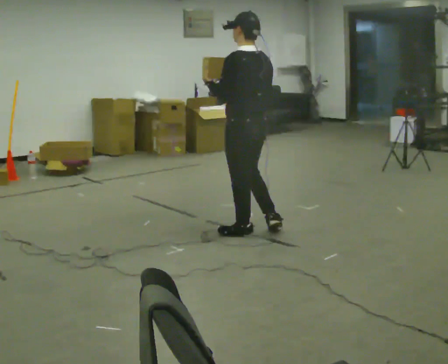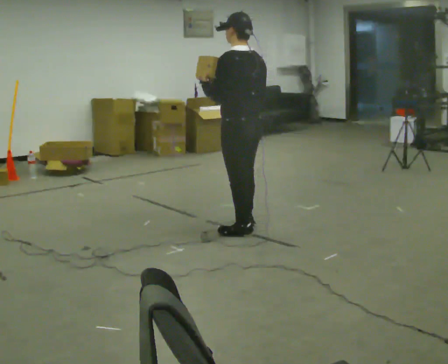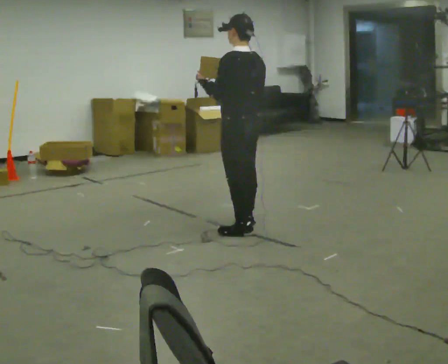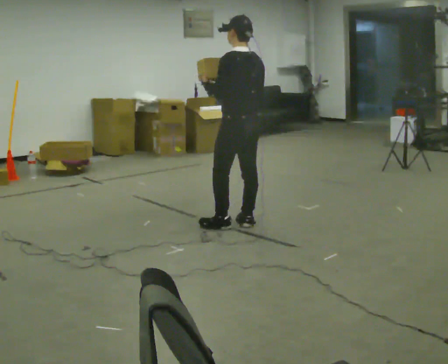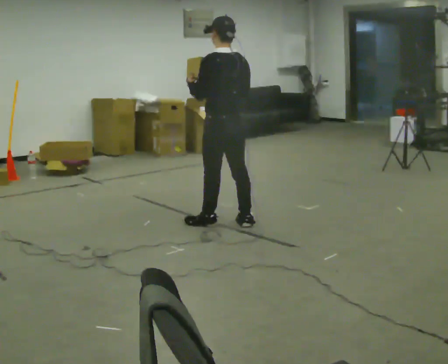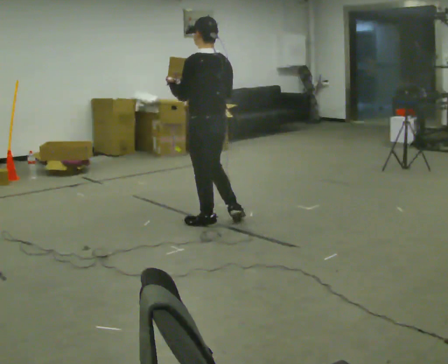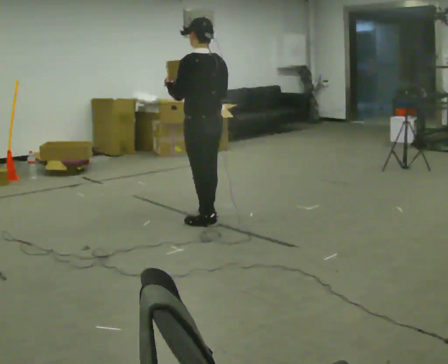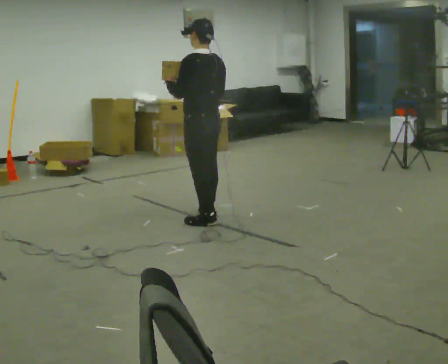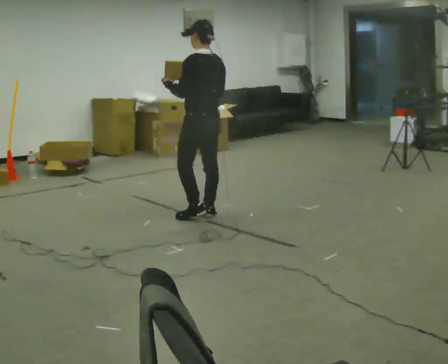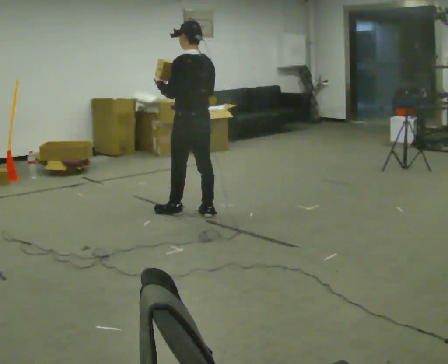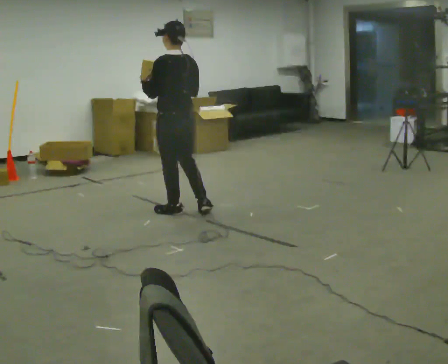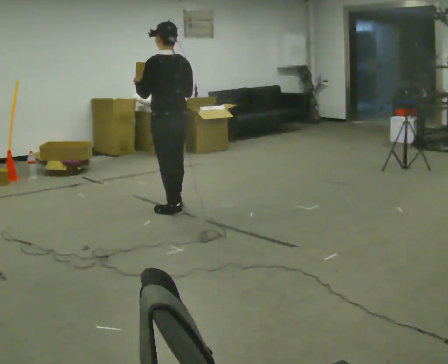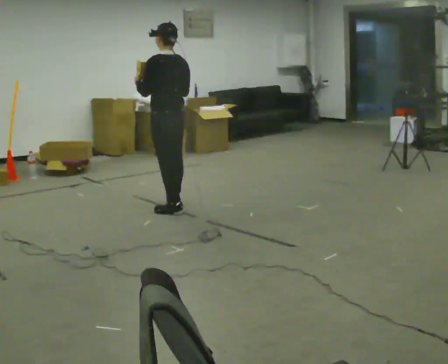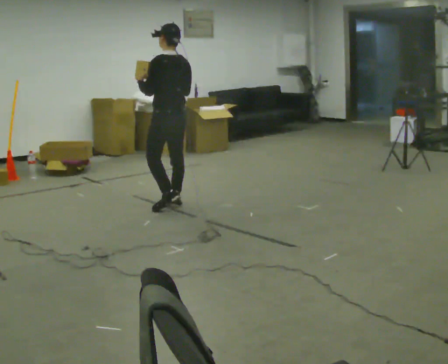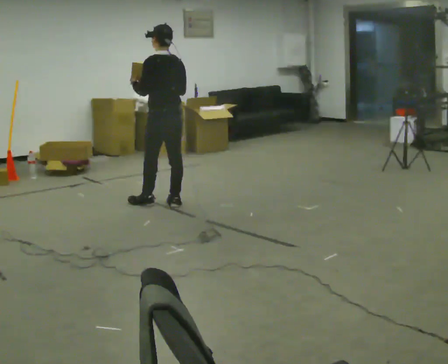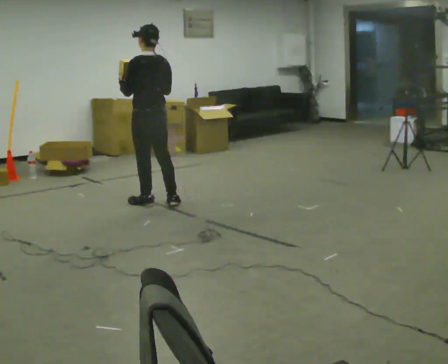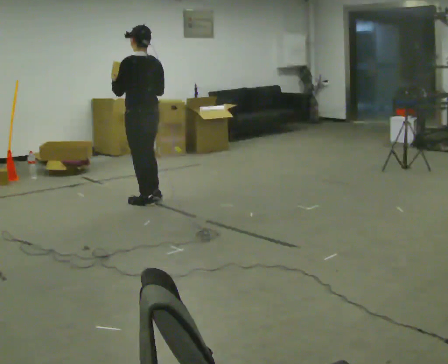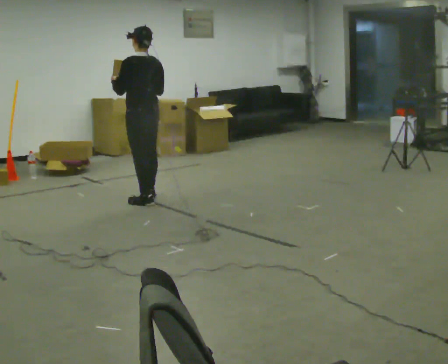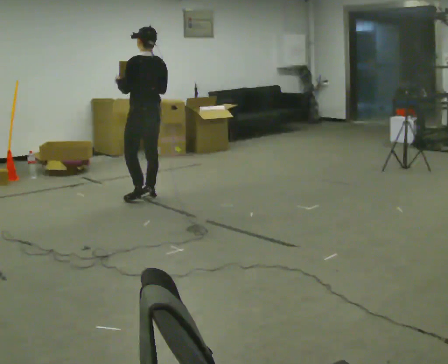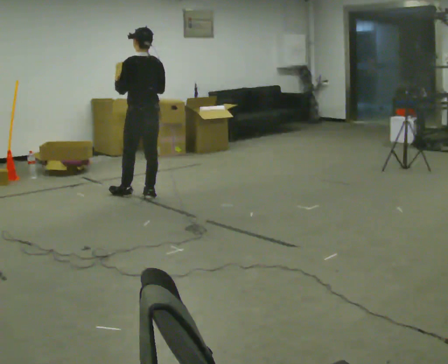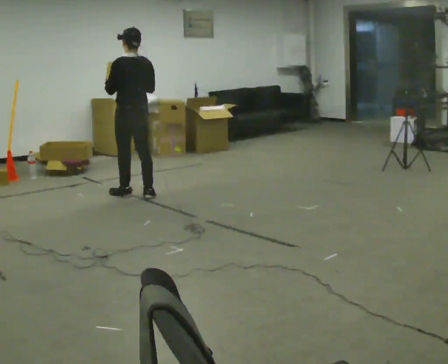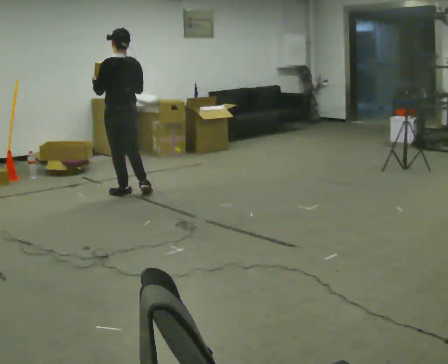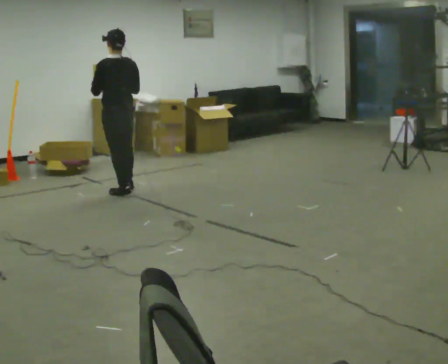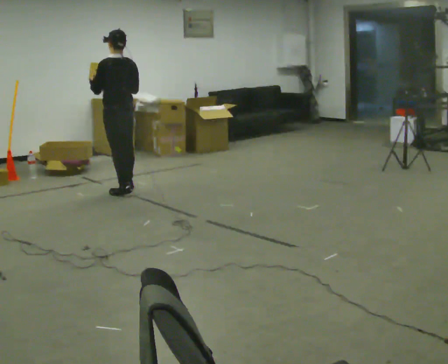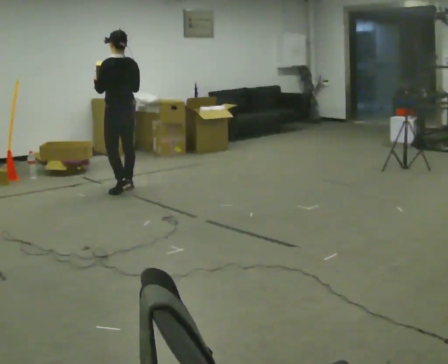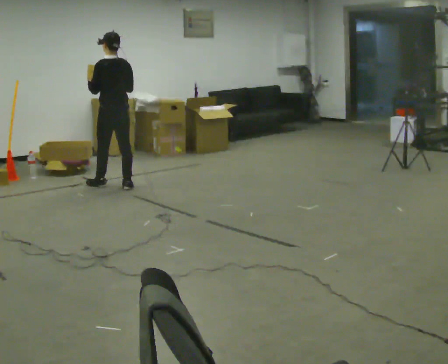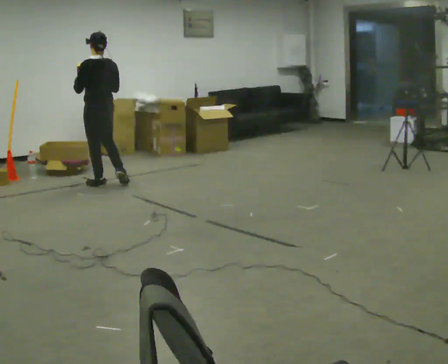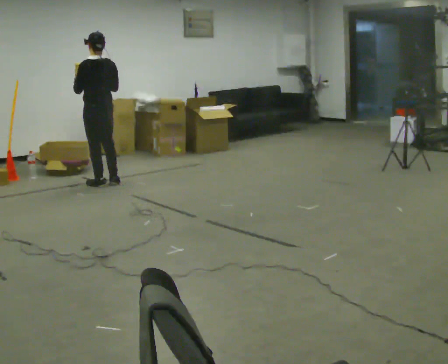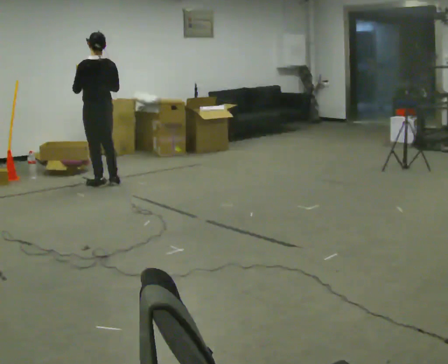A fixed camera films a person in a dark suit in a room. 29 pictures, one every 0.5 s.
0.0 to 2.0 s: In the picture they go away from the camera, about 0.25 m in 2 steps, which for them is forward.
2.0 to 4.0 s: In the picture they go away from the camera, about 0.25 m in 1 step, which for them is forward.
4.0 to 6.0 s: In the picture they go to the left and away from the camera, about 0.25 m in 2 steps, which for them is forward.
6.0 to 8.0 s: In the picture they go to the left and away from the camera, about 0.25 m in 1 step, which for them is forward.
8.0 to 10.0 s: In the picture they go away from the camera, about 0.25 m in 2 steps, which for them is forward.
10.0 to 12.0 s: In the picture they go away from the camera, about 0.25 m in 1 step, which for them is forward.
12.0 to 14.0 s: In the picture they go to the left and away from the camera, about 0.25 m in 2 steps, which for them is forward and to their left.
The film runs forward here.
